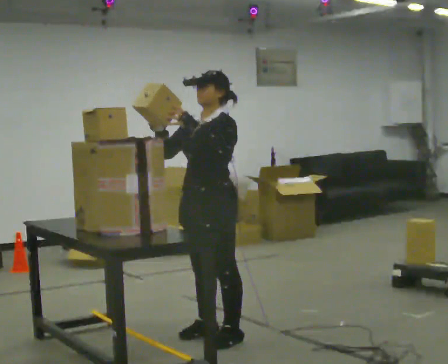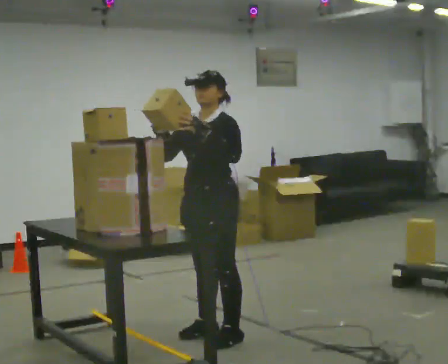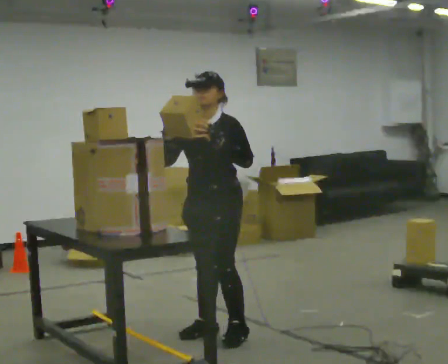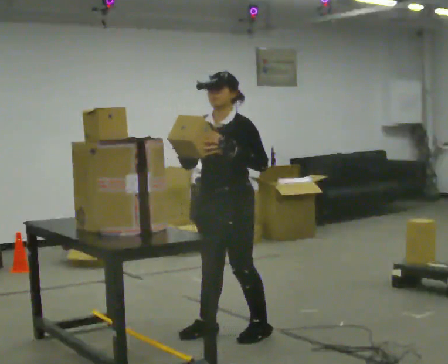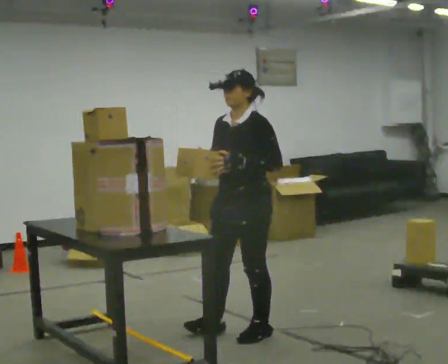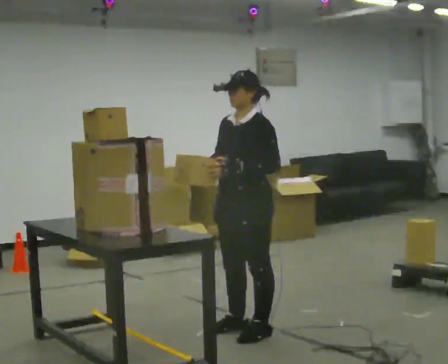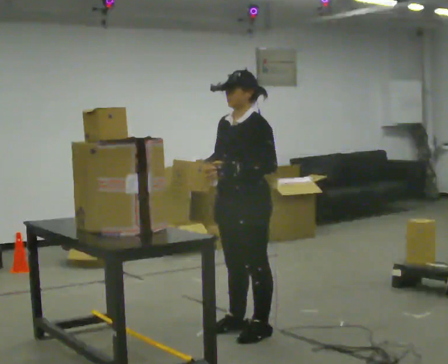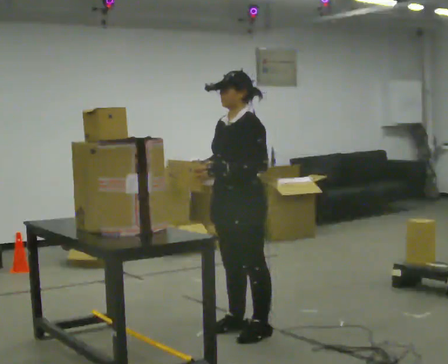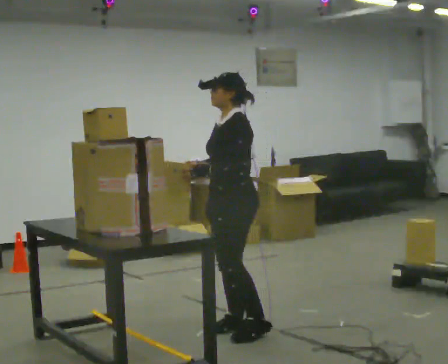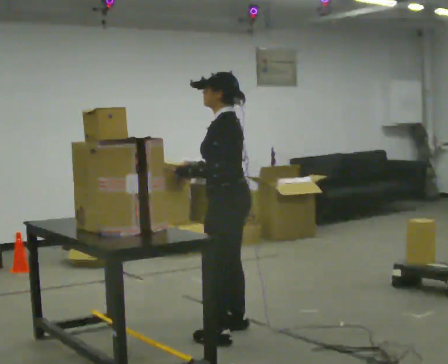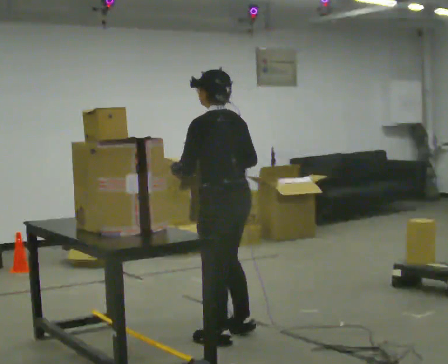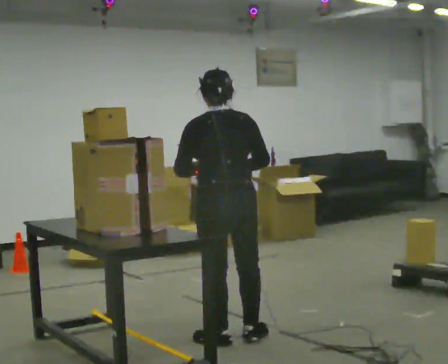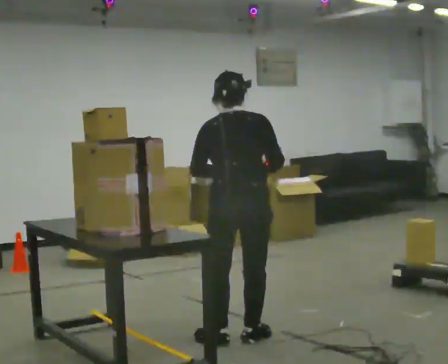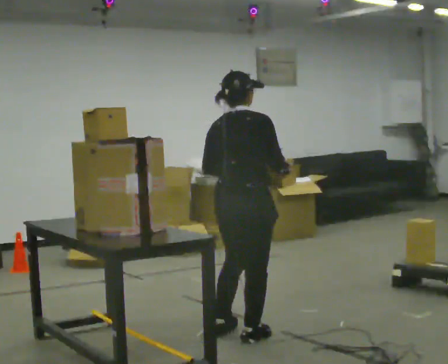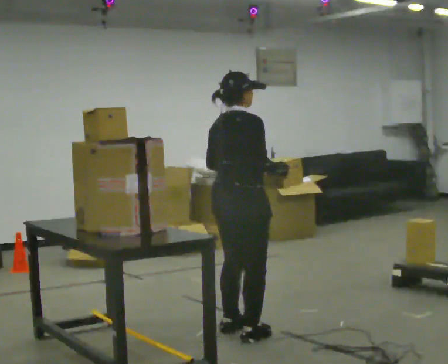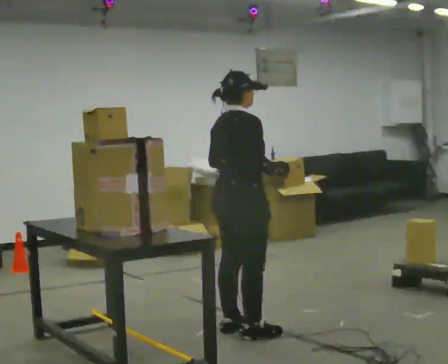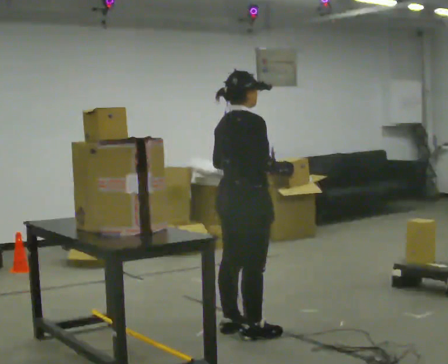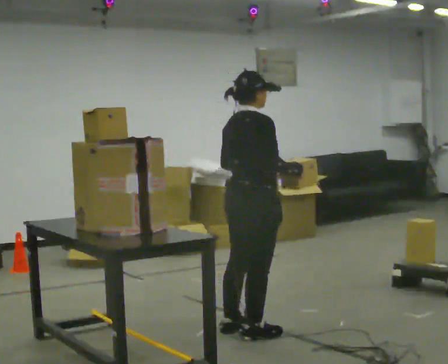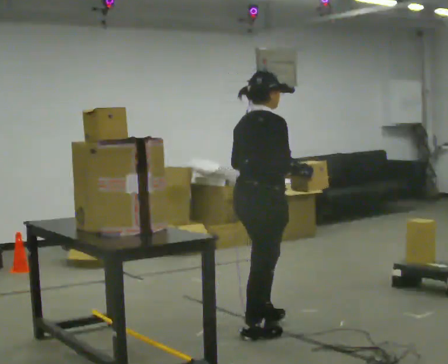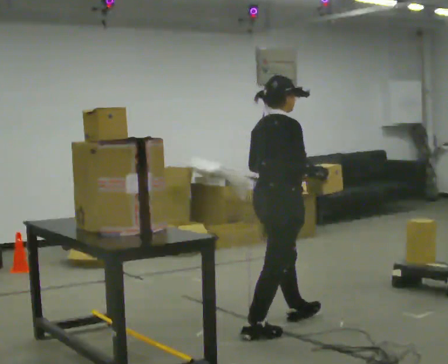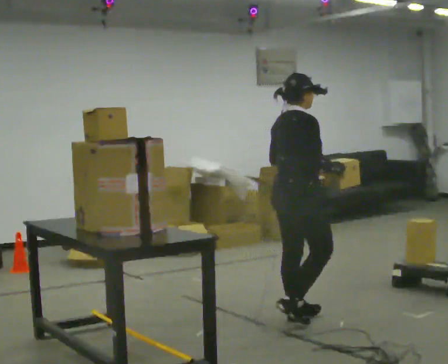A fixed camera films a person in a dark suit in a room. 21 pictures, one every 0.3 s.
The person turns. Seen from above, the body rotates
clockwise.
The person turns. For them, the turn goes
to their right.
0.0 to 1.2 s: In the picture they go to the right, about 0.25 m in 1 step, which for them is backward and to their left.
1.2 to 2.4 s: The person moves a little, or ends about where they began.
2.4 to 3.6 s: Seen from above the body turns clockwise, about 120 degrees: to their right, with its near side sliding to the left. In the picture they go toward the camera, about 0.25 m in 2 steps. In the picture their right hand goes to the right.
3.6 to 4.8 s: The part of the body nearest the lens slides to the left as the person turns to their right by about 45 degrees.
4.8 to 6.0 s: In the picture they go to the right and away from the camera, about 0.5 m in 1 step, which for them is forward.
The film runs forward here.
